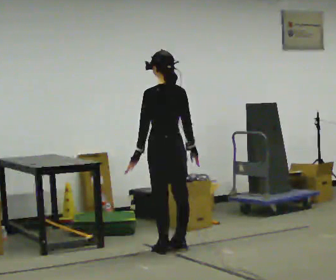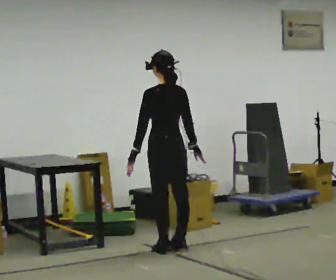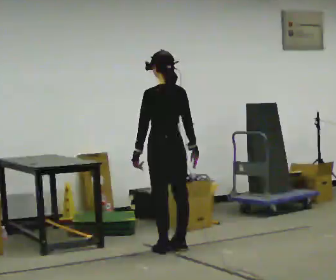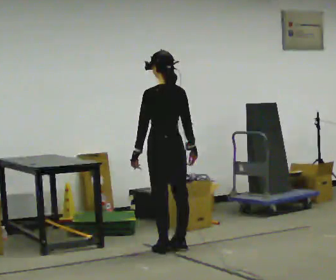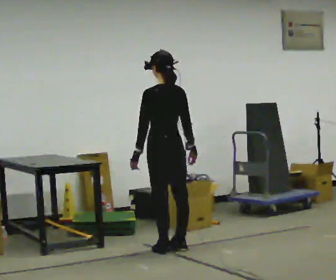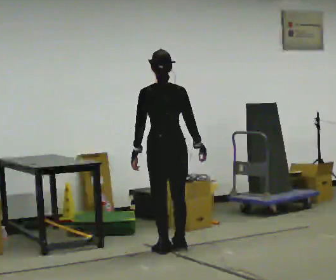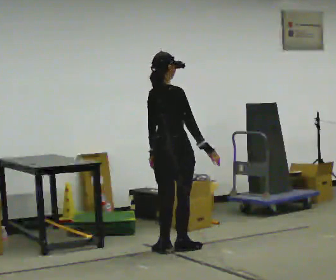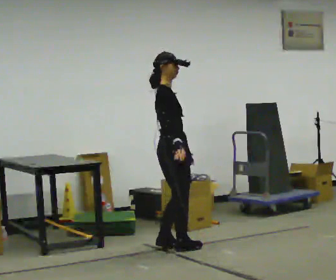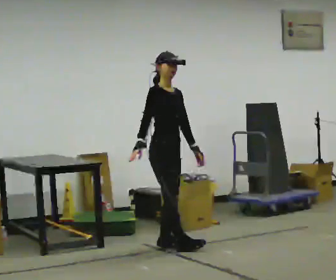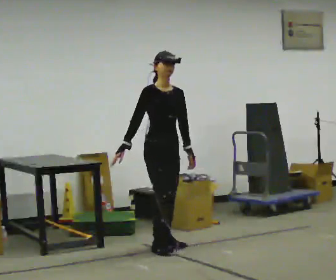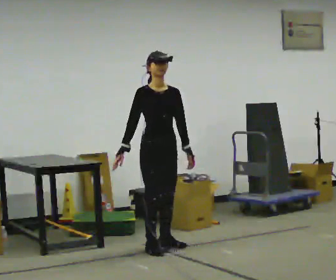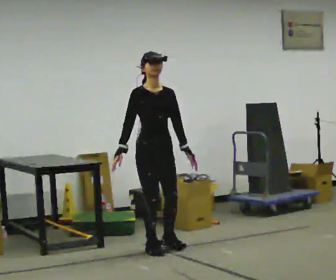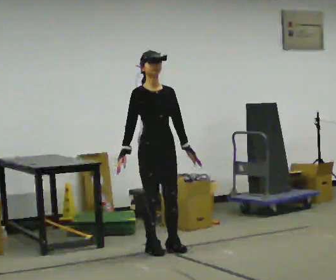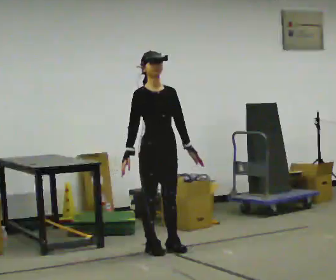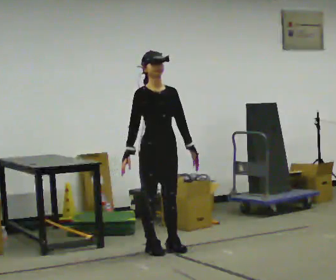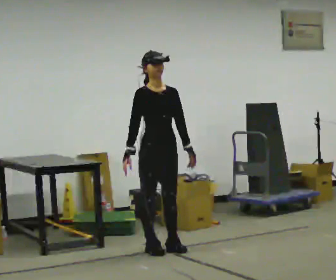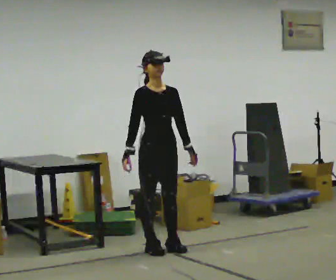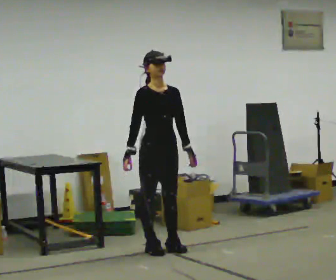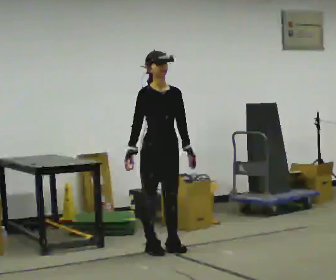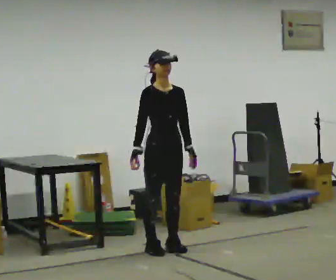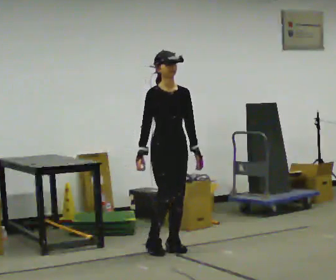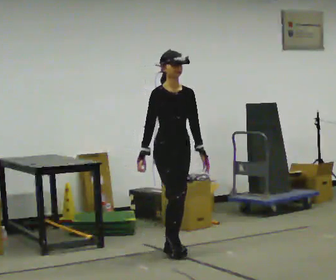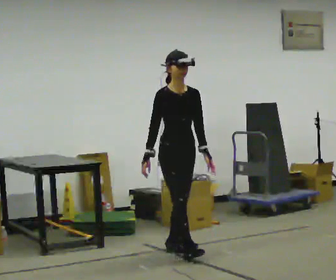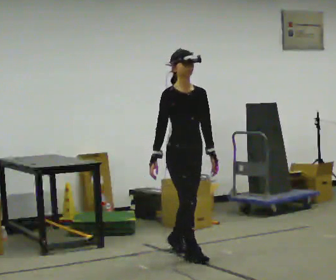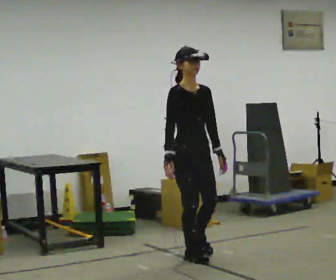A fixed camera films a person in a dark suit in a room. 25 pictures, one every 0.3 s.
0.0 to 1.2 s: The person moves a little, or ends about where they began.
1.2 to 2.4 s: The part of the body nearest the lens slides to the left as the person turns to their right by about 150 degrees. In the picture their right hand goes to the left.
2.4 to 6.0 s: Seen from above the body turns clockwise, about 30 degrees: to their right, with its near side sliding to the left.
6.0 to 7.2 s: In the picture they go toward the camera and to the right, about 0.5 m in 1 step, which for them is forward.
The film runs forward here.
